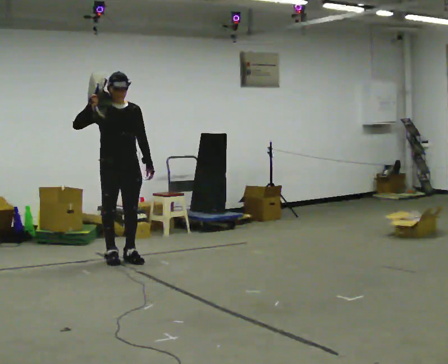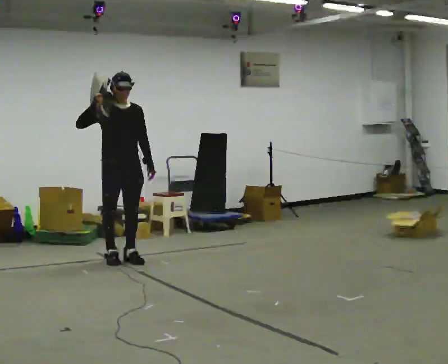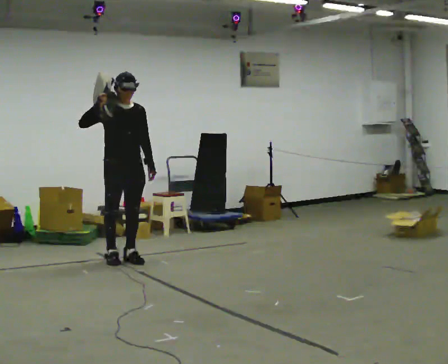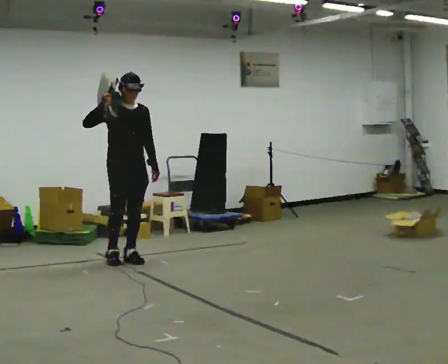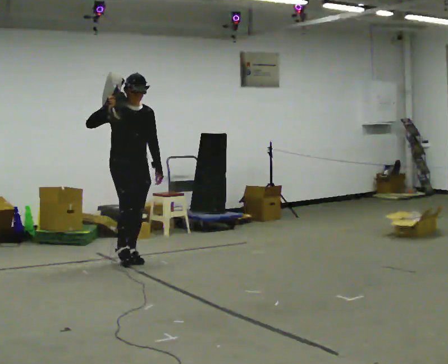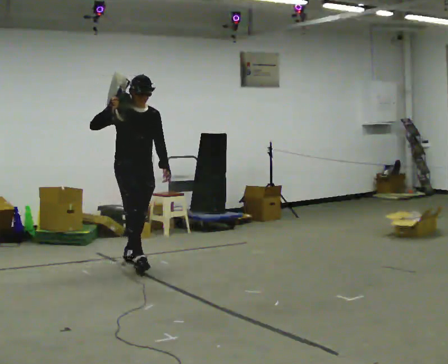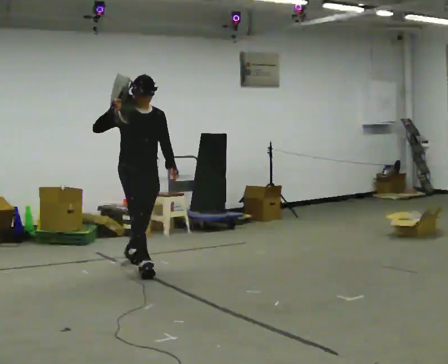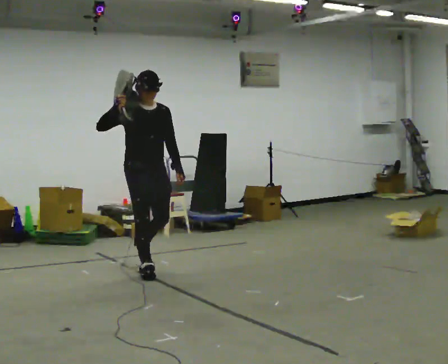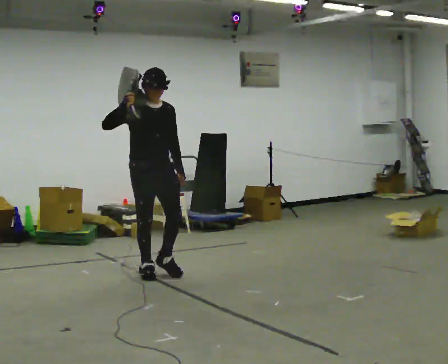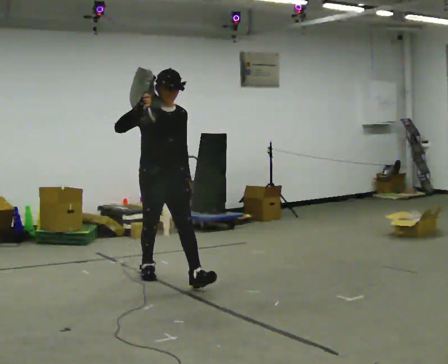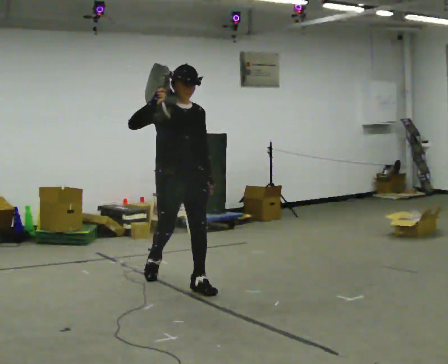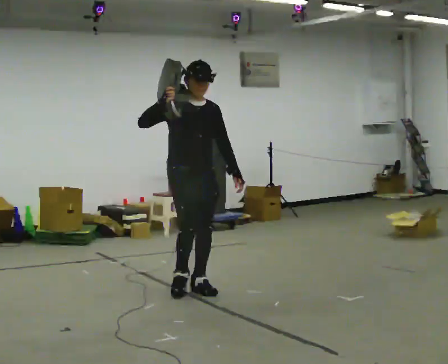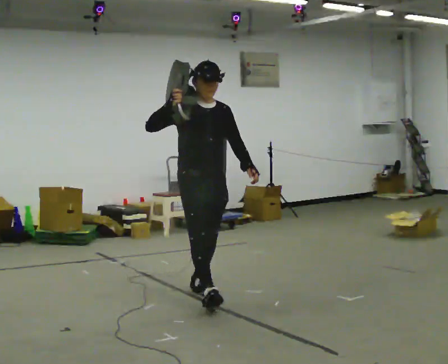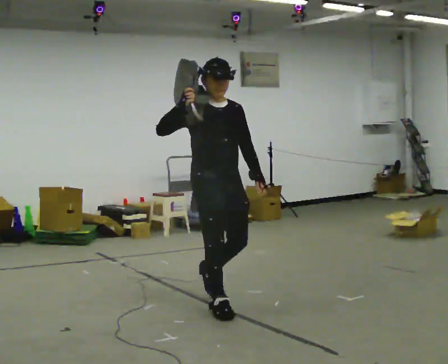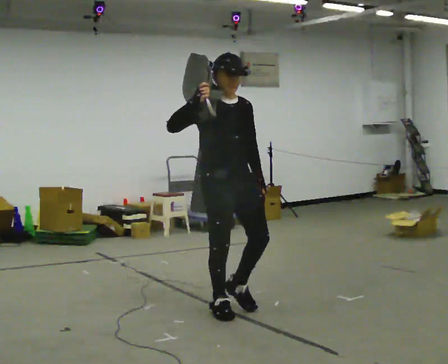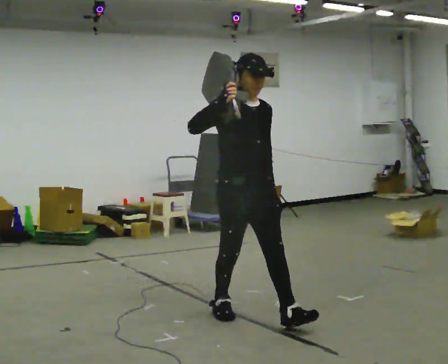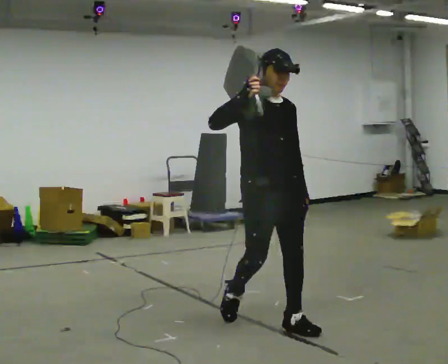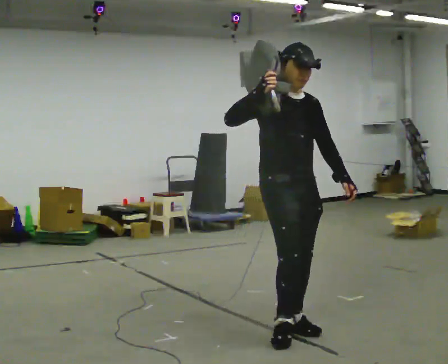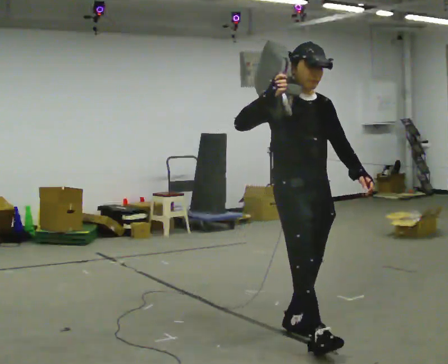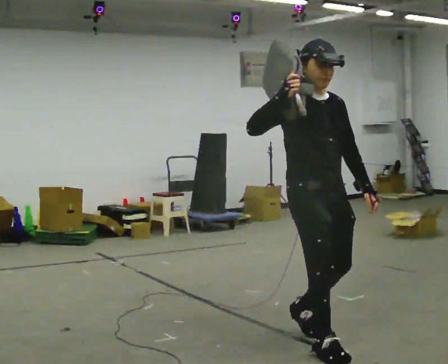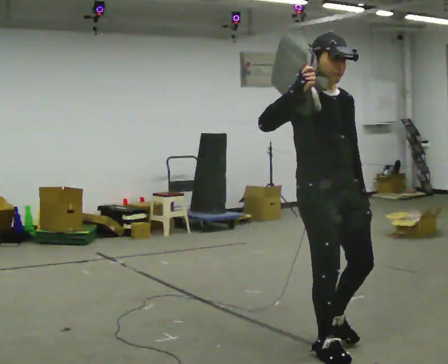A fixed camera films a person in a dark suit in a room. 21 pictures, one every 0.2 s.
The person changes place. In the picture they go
toward the camera.
0.0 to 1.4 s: In the picture they go toward the camera and to the right, about 0.5 m in 1 step, which for them is forward.
1.4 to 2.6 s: In the picture they go toward the camera and to the right, about 1 m in 2 steps, which for them is forward.
2.6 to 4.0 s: In the picture they go toward the camera and to the right, about 1 m in 2 steps, which for them is forward.
The film runs forward here.
